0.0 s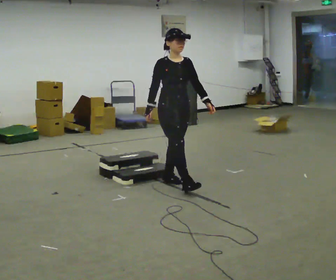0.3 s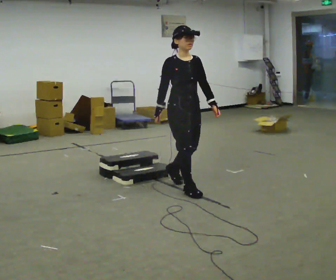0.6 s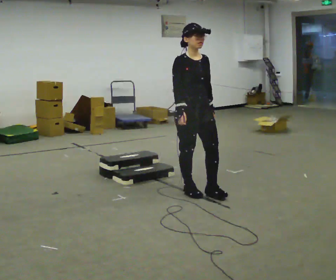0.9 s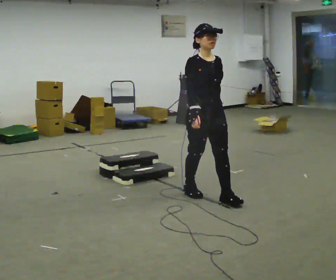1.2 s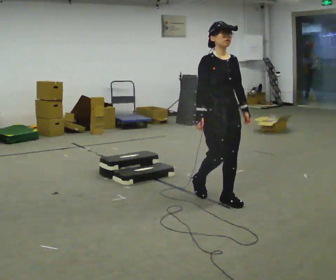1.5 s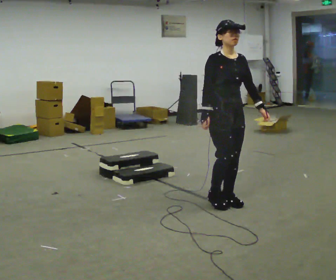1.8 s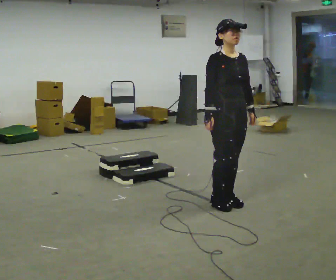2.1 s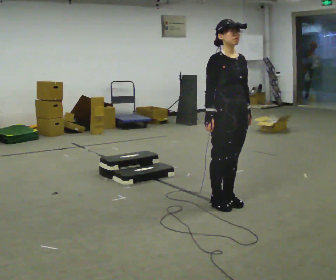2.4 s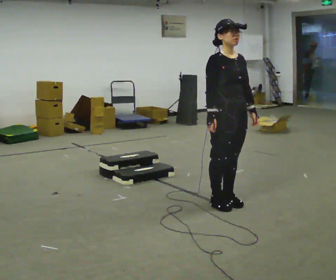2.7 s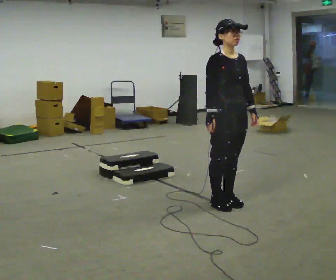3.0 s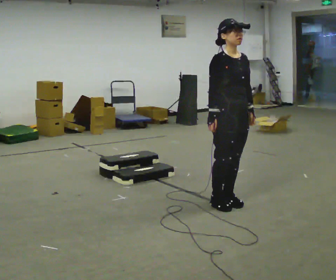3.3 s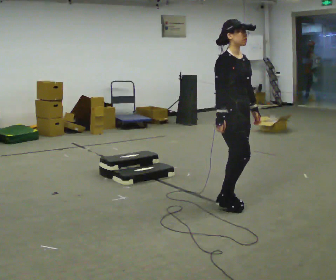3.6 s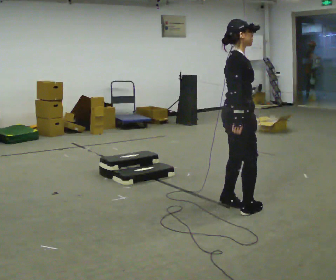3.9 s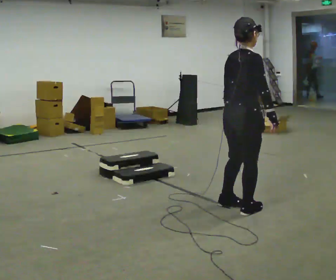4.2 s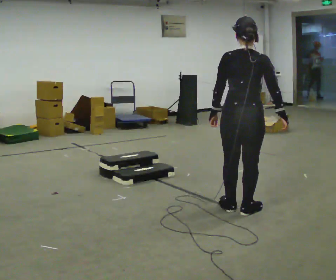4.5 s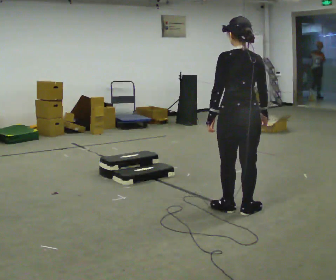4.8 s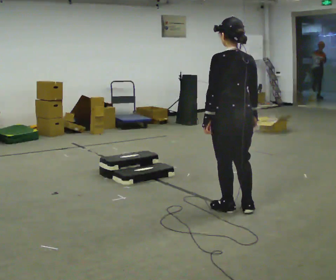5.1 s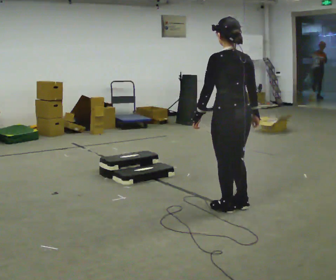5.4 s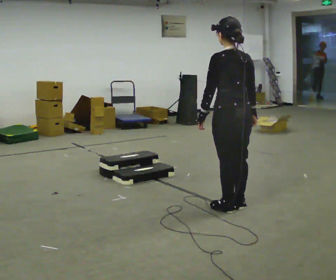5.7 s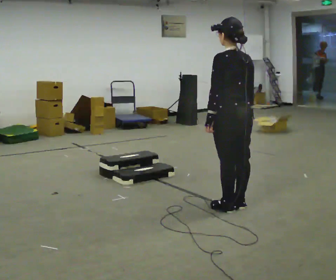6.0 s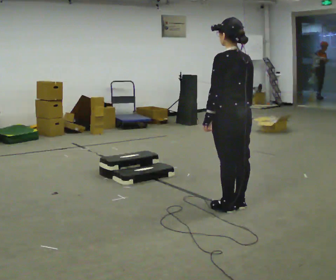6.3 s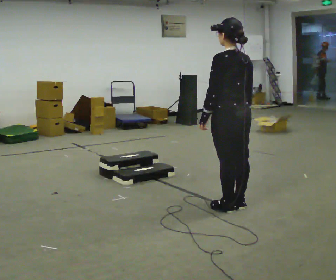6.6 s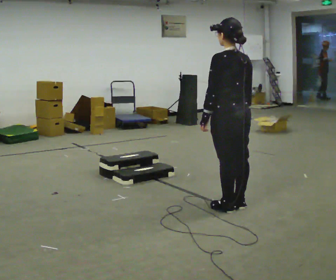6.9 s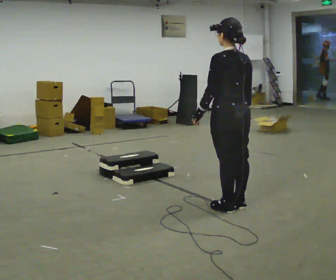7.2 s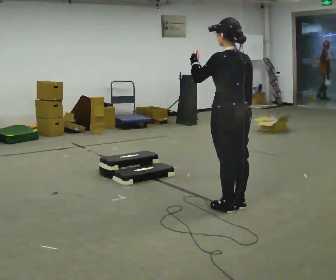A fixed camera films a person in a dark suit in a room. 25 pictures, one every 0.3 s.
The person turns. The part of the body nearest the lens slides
to the right.
The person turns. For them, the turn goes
to their left.
0.0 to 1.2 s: In the picture they go to the right and toward the camera, about 0.75 m in 1 step, which for them is forward.
1.2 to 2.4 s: The person moves a little, or ends about where they began.
2.4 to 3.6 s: Seen from above the body turns counterclockwise, about 60 degrees: to their left, with its near side sliding to the right.
3.6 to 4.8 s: The person turns about 105 degrees to their left, counterclockwise seen from above, so the part of the body nearest the lens slides to the right.
4.8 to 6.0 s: The person moves a little, or ends about where they began.
6.0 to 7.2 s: In the picture their left hand goes upward.
The film runs forward here.
